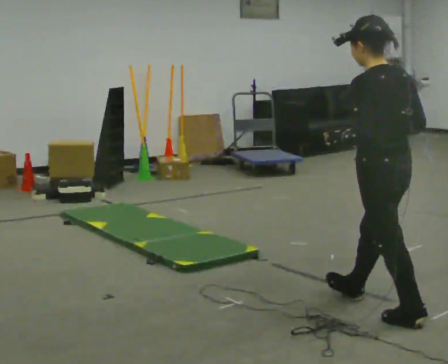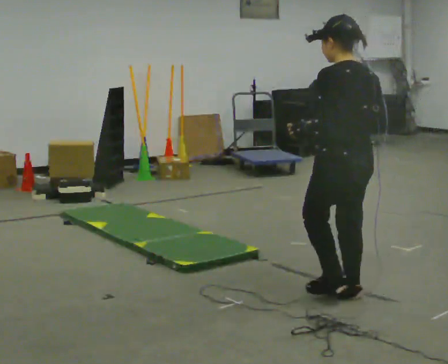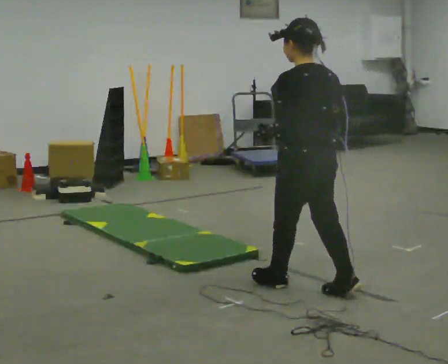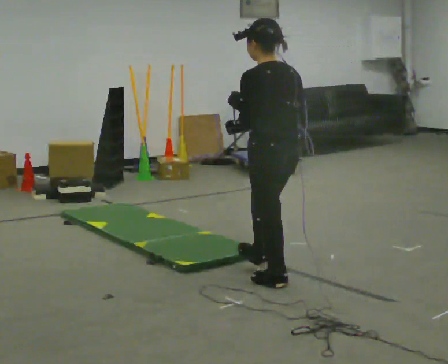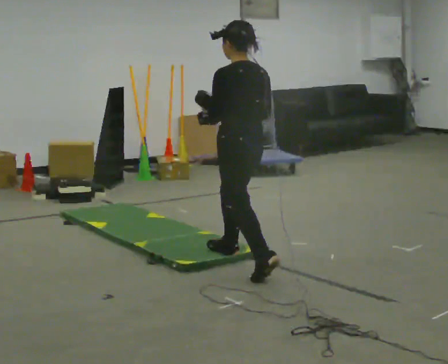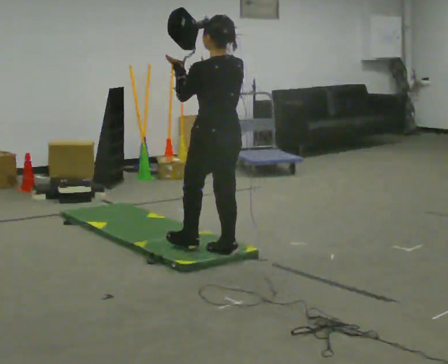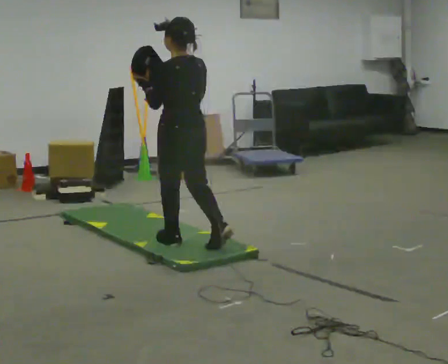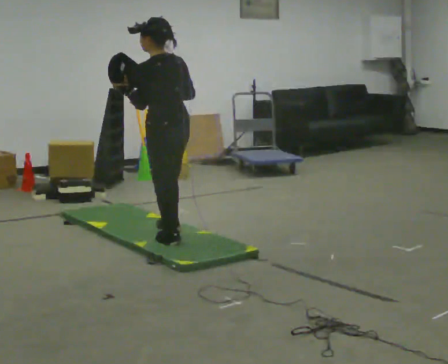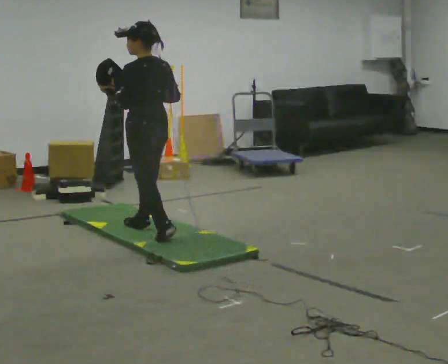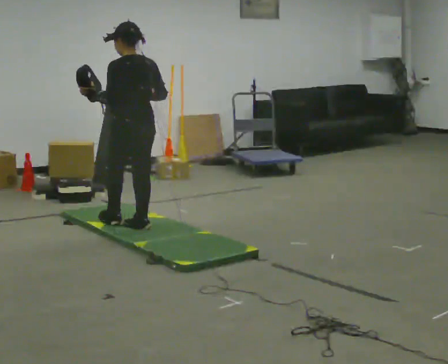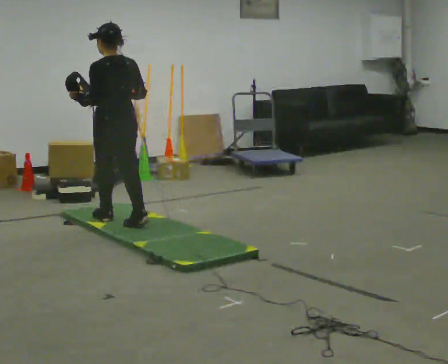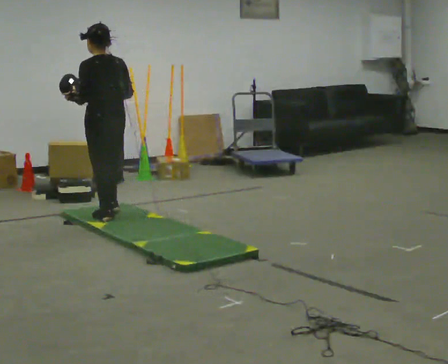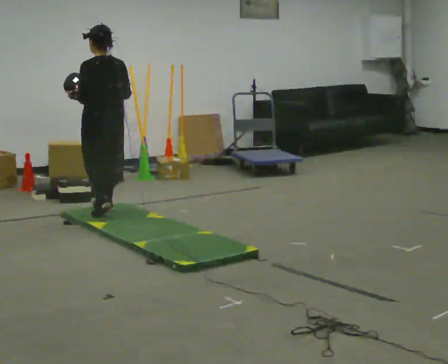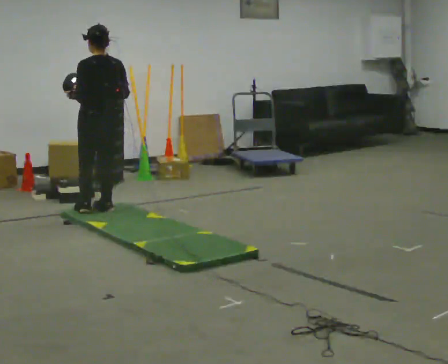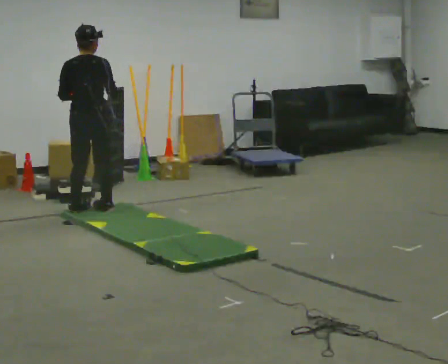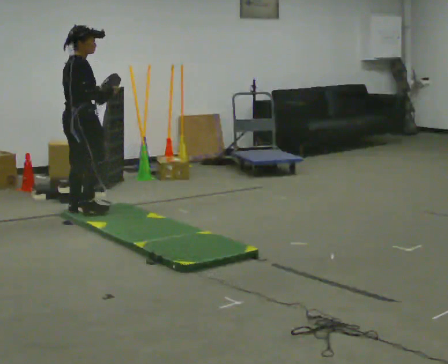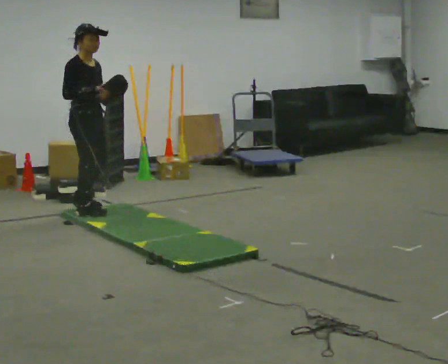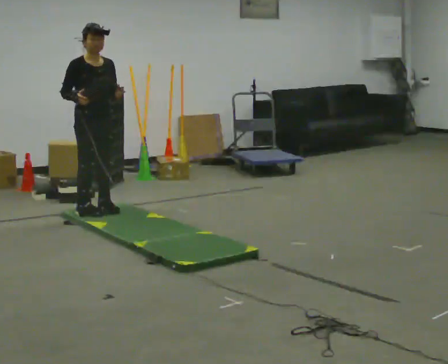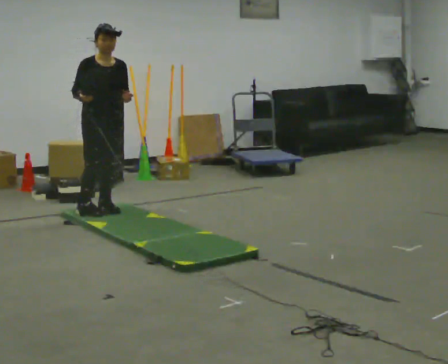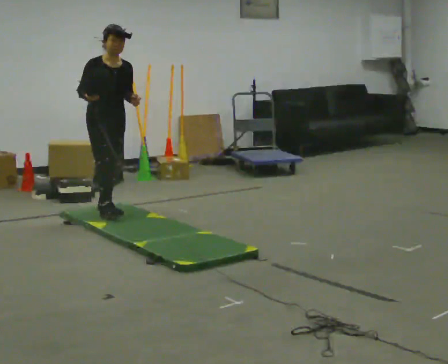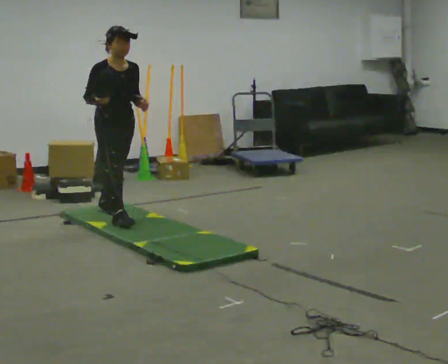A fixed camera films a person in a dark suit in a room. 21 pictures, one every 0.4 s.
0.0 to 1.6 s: In the picture they go away from the camera and to the left, about 1 m in 2 steps, which for them is forward.
1.6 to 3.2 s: In the picture they go away from the camera and to the left, about 1 m in 2 steps, which for them is forward.
3.2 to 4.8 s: In the picture they go away from the camera and to the left, about 0.5 m in 2 steps, which for them is forward.
4.8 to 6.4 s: The part of the body nearest the lens slides to the left as the person turns to their right by about 135 degrees. In the picture they go to the left, about 0.25 m in 2 steps.
6.4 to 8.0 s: The part of the body nearest the lens slides to the left as the person turns to their right by about 45 degrees. In the picture they go to the right and toward the camera, about 0.25 m in 2 steps, which for them is forward and to their left.
The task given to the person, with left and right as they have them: Hold the object and walk back and forth. It may slip. Try to catch it if you can, but let it go rather than lurching after it.
The film runs forward here.
